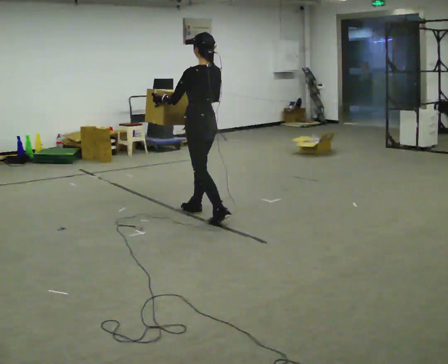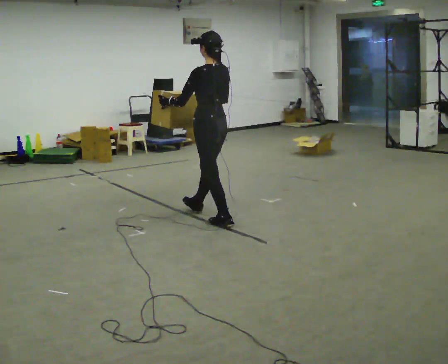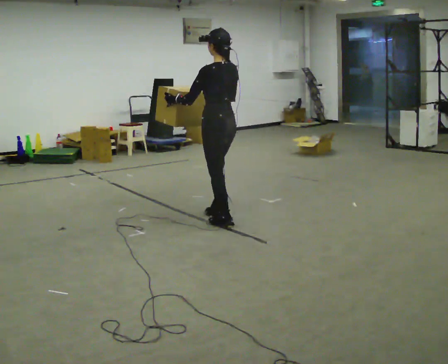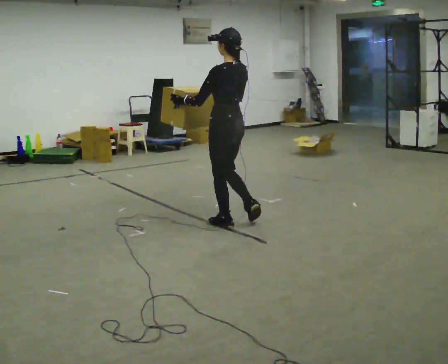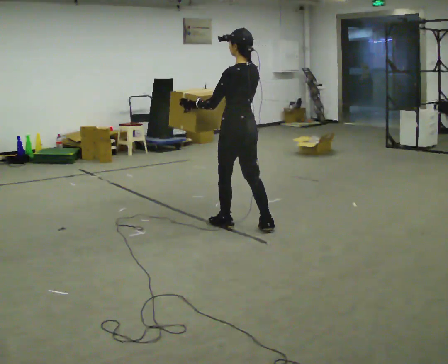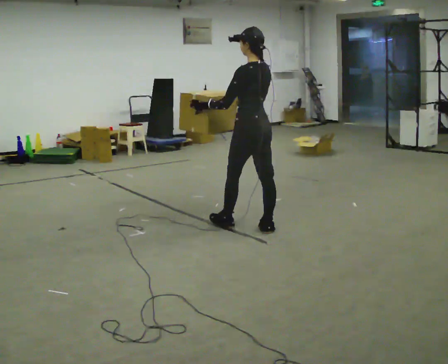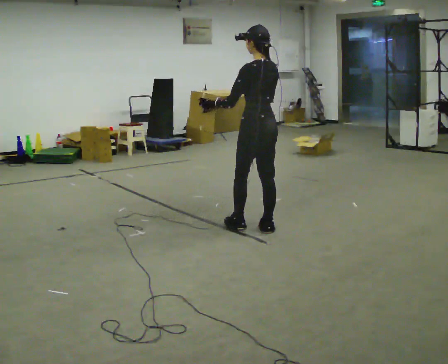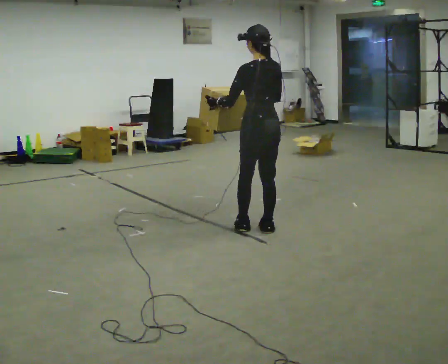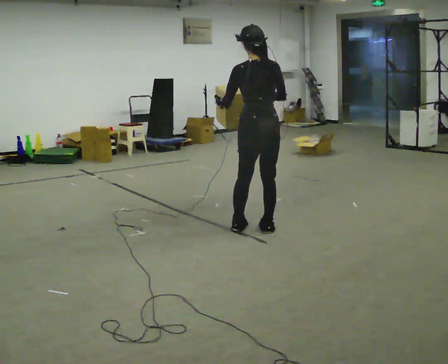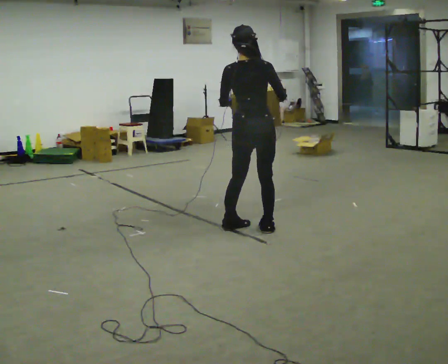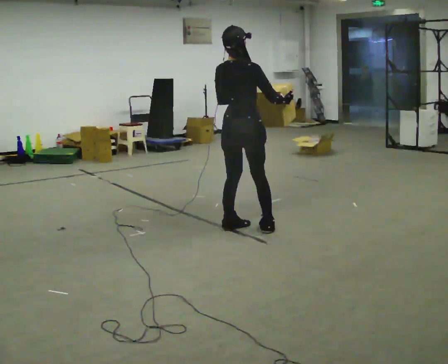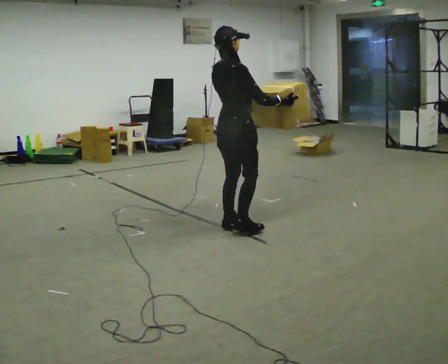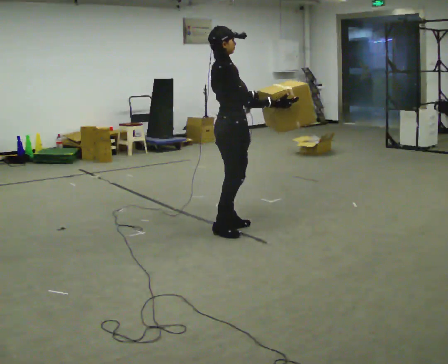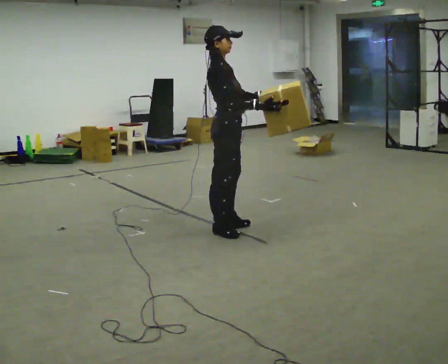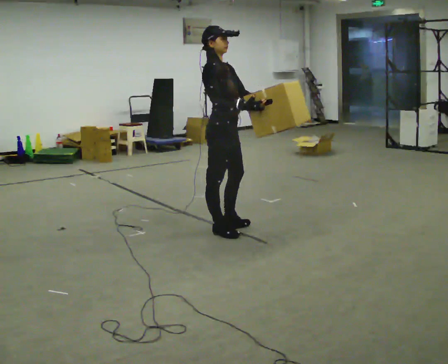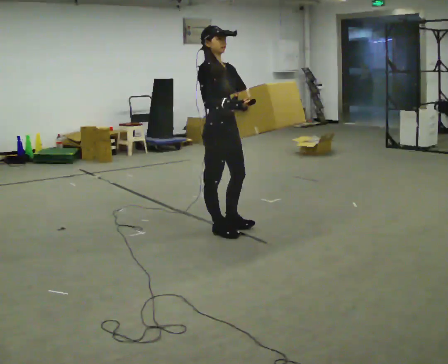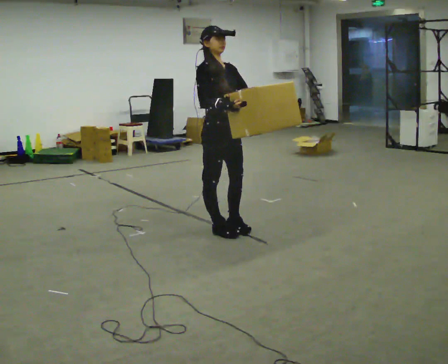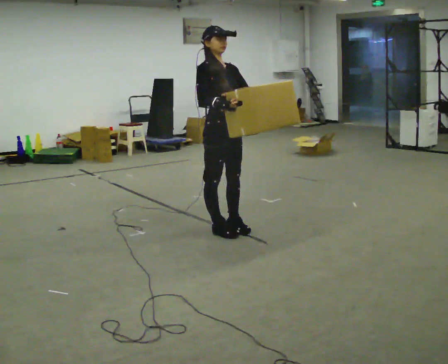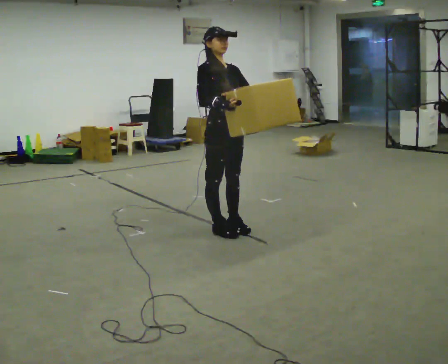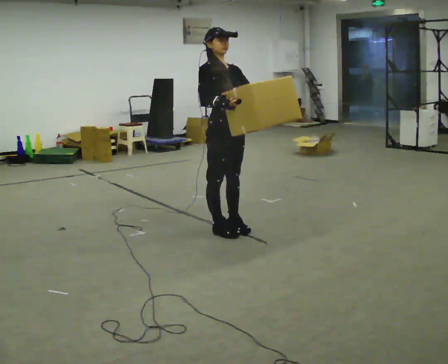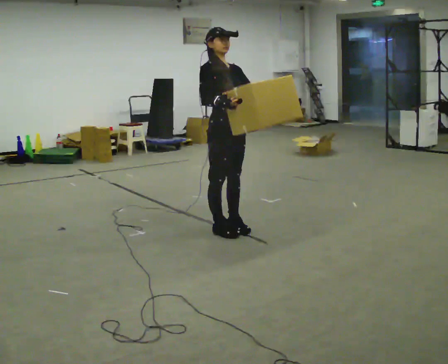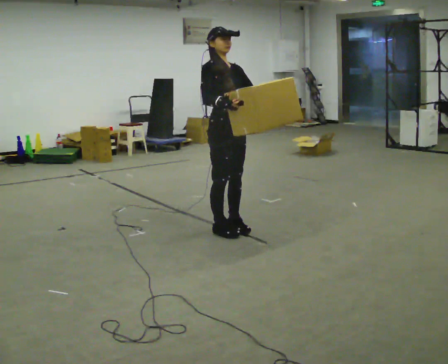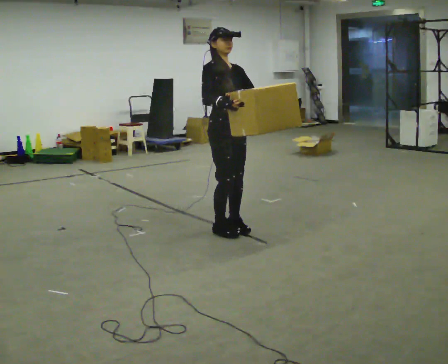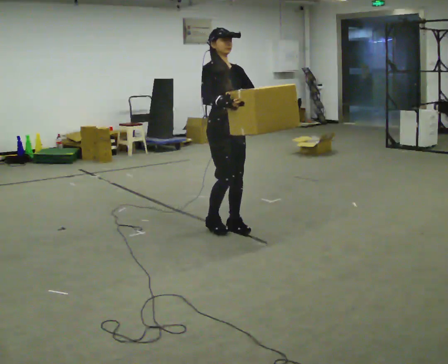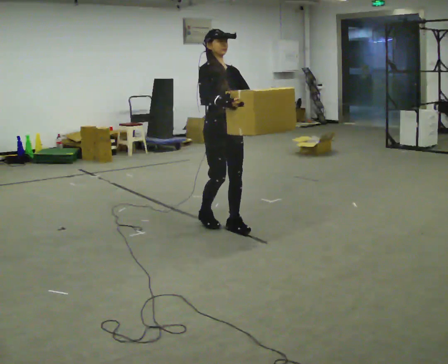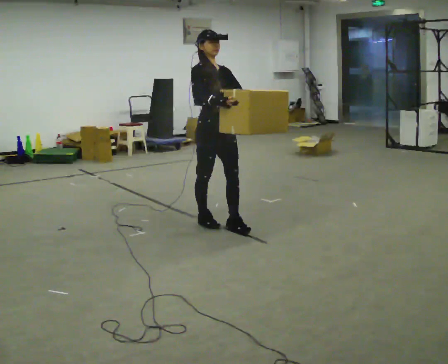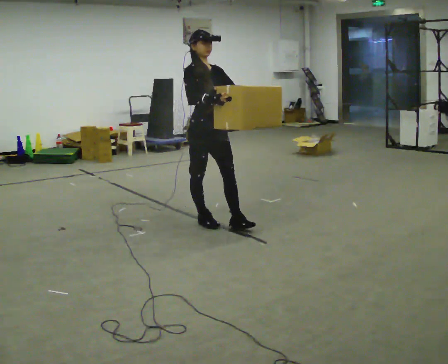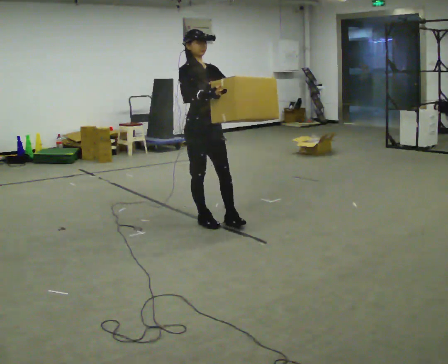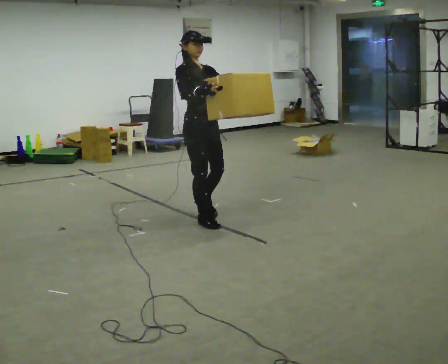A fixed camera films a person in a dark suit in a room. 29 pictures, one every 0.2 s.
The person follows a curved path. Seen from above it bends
clockwise.
The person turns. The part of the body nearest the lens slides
to the left.
0.0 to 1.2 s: In the picture they go to the right and toward the camera, about 0.75 m in 1 step, which for them is backward.
1.2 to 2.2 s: The person turns about 90 degrees to their right, clockwise seen from above, so the part of the body nearest the lens slides to the left. In the picture they go to the left, about 0.25 m in 1 step. In the picture their left hand goes to the right.
2.2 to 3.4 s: The person turns about 75 degrees to their right, clockwise seen from above, so the part of the body nearest the lens slides to the left. In the picture their right hand goes to the left.
3.4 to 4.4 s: The person moves a little, or ends about where they began.
4.4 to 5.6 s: In the picture they go away from the camera and to the left, about 0.25 m in 2 steps, which for them is backward.
The film runs backward here.
